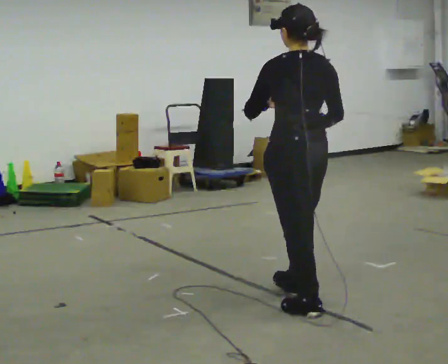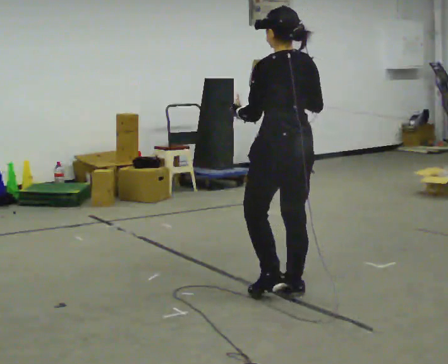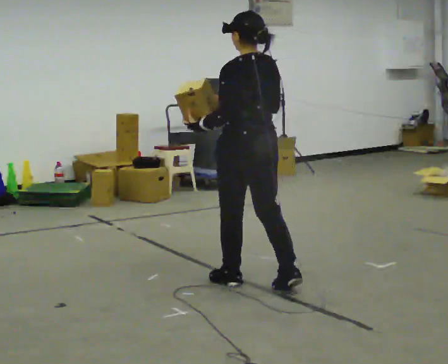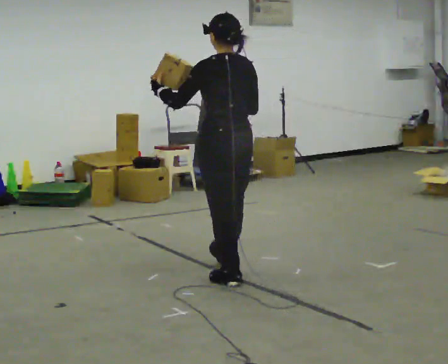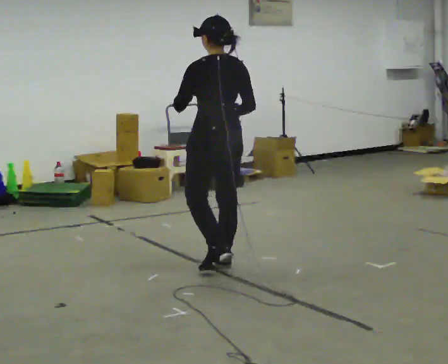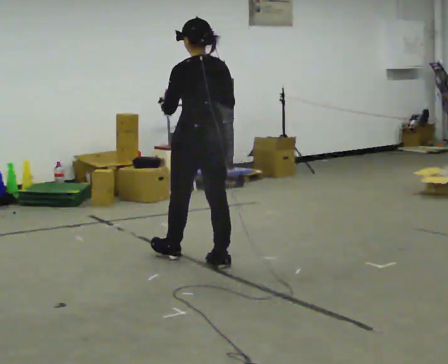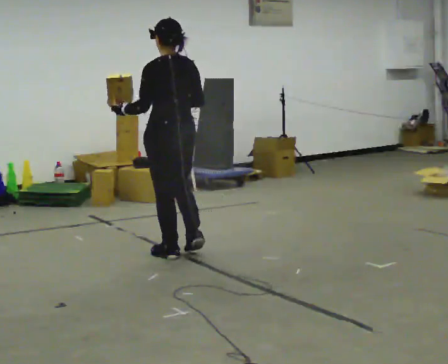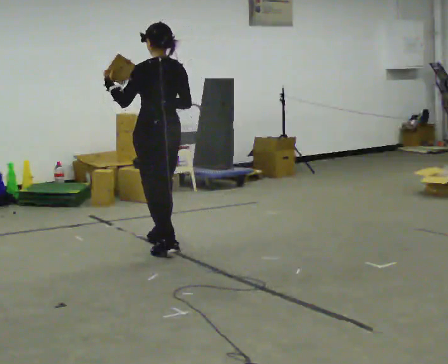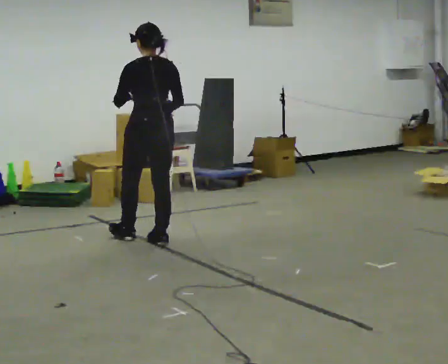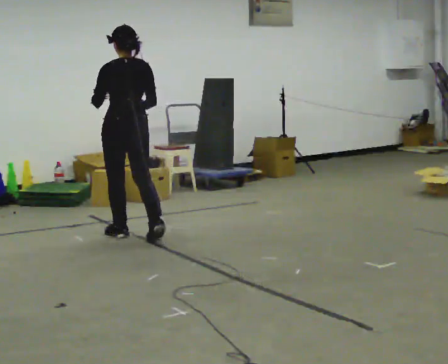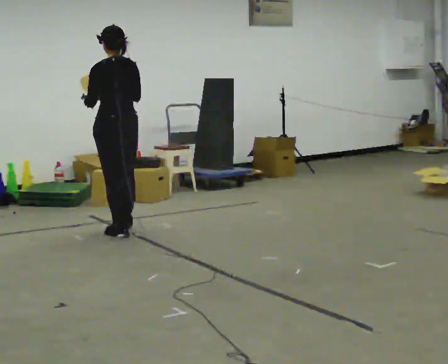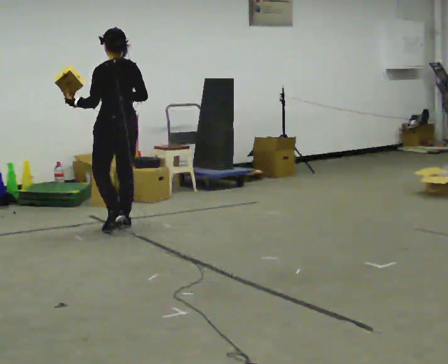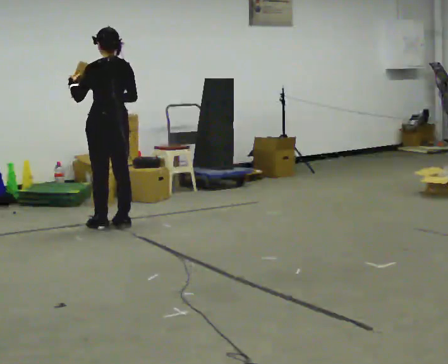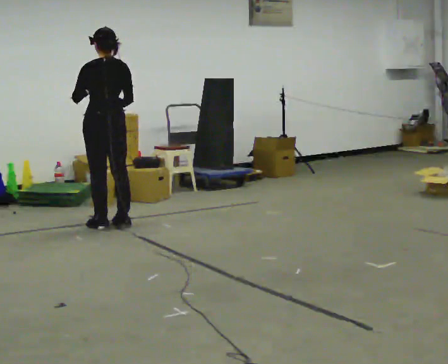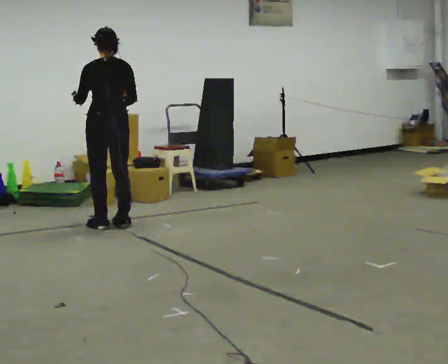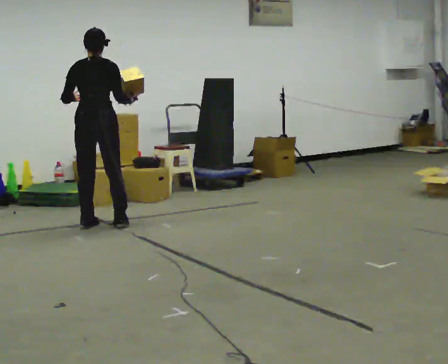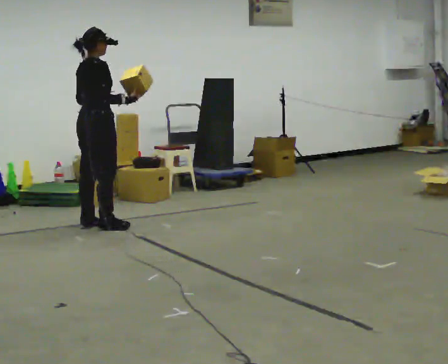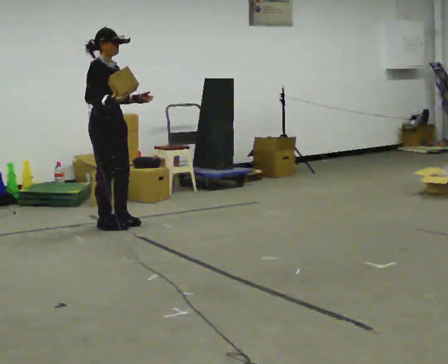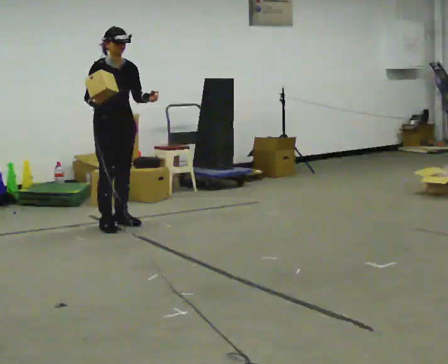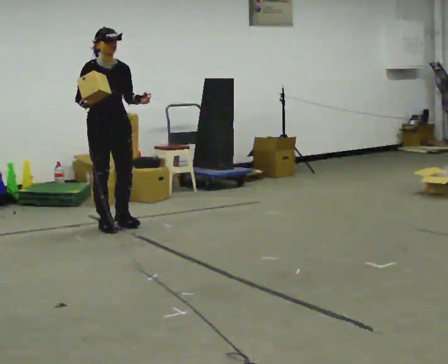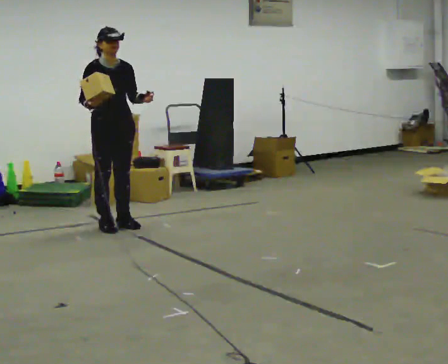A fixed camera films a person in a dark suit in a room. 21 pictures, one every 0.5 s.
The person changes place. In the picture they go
away from the camera.
0.0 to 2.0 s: In the picture they go away from the camera and to the left, about 1 m in 2 steps, which for them is forward.
2.0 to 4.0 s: In the picture they go away from the camera and to the left, about 1 m in 2 steps, which for them is forward.
4.0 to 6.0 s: In the picture they go away from the camera and to the left, about 0.75 m in 3 steps, which for them is forward.
6.0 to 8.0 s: The part of the body nearest the lens slides to the left as the person turns to their right by about 90 degrees.
8.0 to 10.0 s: Seen from above the body turns clockwise, about 90 degrees: to their right, with its near side sliding to the left. In the picture they go to the right, about 0.25 m in 1 step. In the picture their left hand goes to the right.
The film runs forward here.
